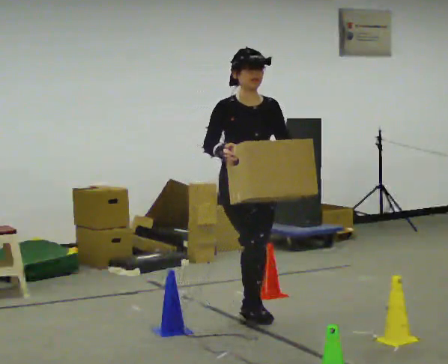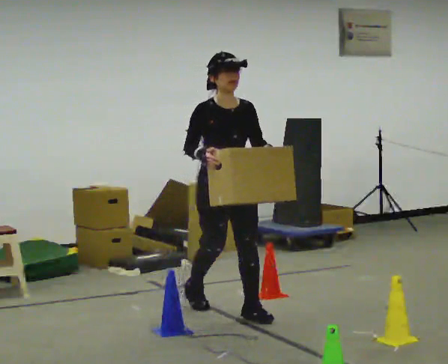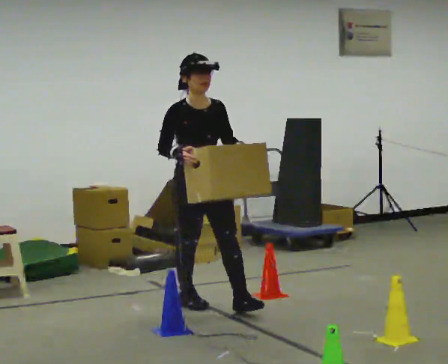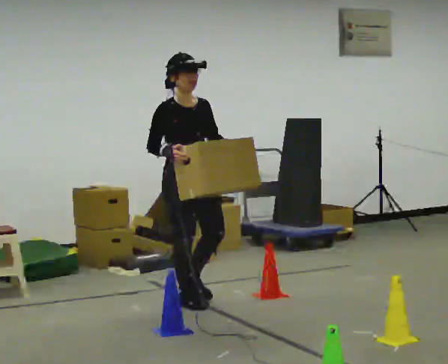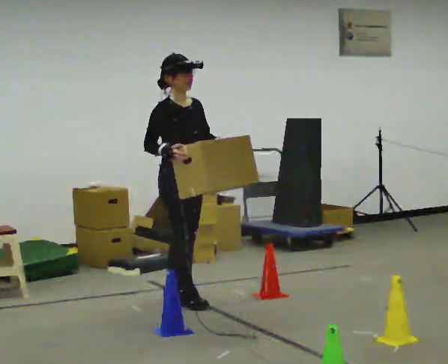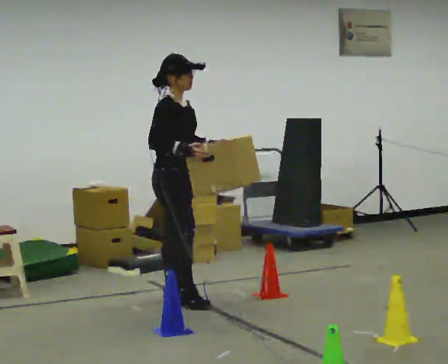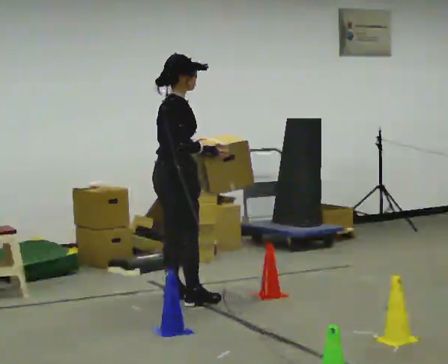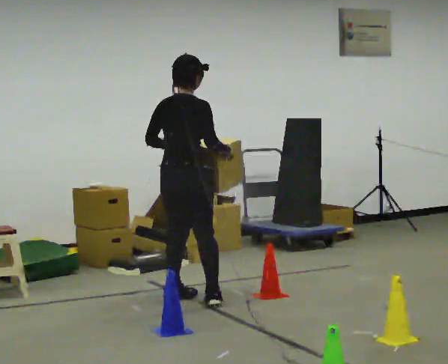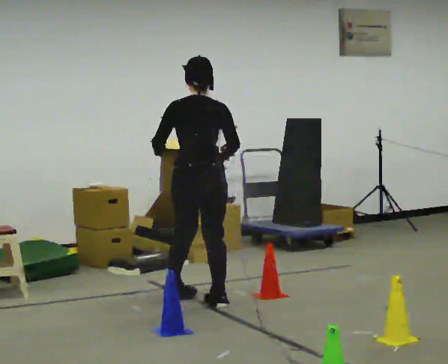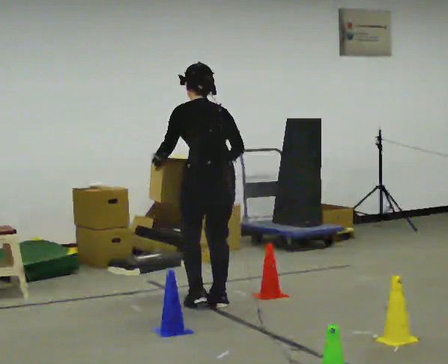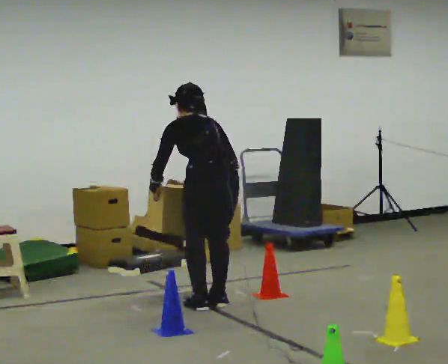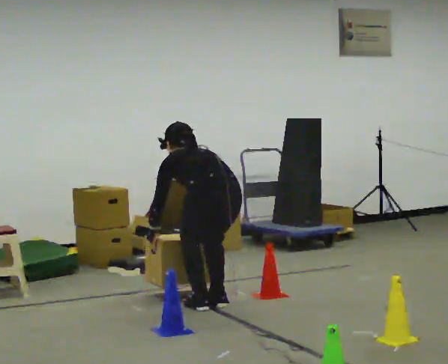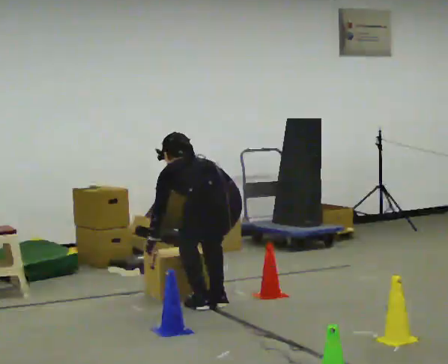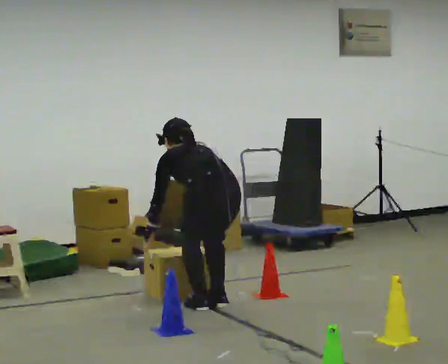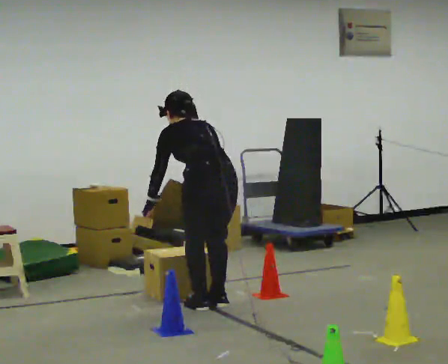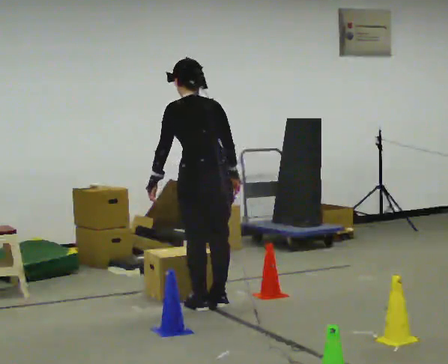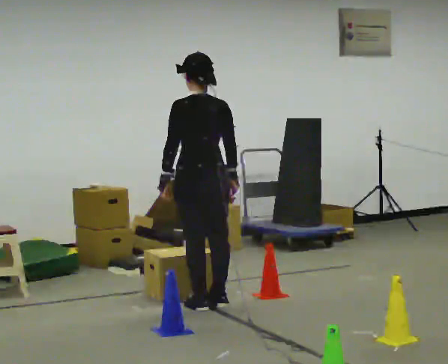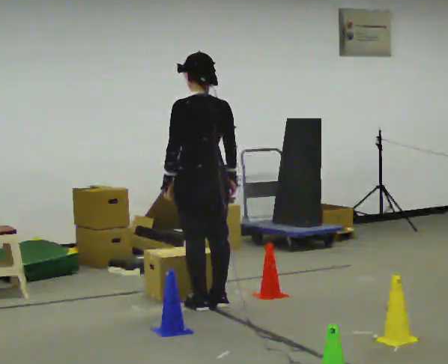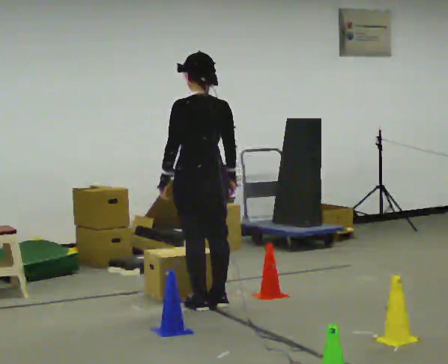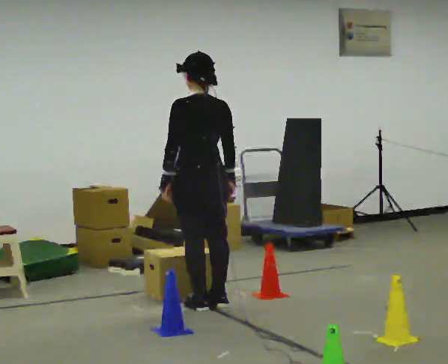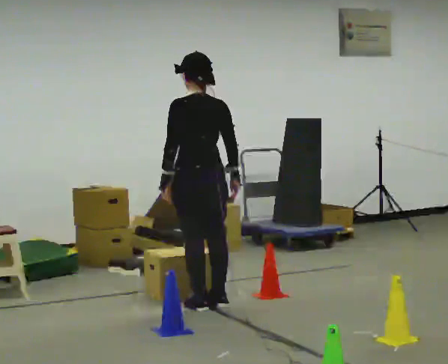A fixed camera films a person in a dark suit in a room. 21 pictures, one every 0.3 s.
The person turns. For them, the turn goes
to their left.
The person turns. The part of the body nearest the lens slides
to the right.
0.0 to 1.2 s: Seen from above the body turns counterclockwise, about 45 degrees: to their left, with its near side sliding to the right. In the picture they go away from the camera and to the left, about 0.75 m in 1 step, which for them is backward.
1.2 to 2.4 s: Seen from above the body turns counterclockwise, about 120 degrees: to their left, with its near side sliding to the right. In the picture they go to the right, about 0.25 m in 2 steps. In the picture their left hand goes to the left.
2.4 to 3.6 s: In the picture they go toward the camera, about 0.25 m, which for them is backward. The upper body goes downward. The upper body tips away from the camera, its near side rolling upward, as they bend forward. In the picture their left hand goes downward.
3.6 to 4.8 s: The upper body goes upward. The upper body tips toward the camera, its near side rolling downward, as they lean back or straighten. In the picture their right hand goes upward.
4.8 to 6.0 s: The person moves a little, or ends about where they began.
The film runs backward here.
